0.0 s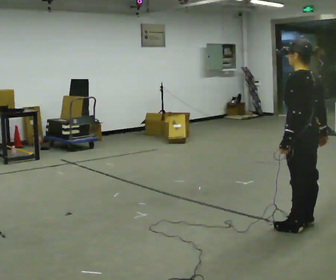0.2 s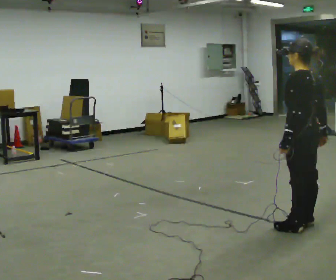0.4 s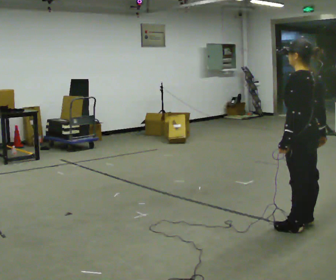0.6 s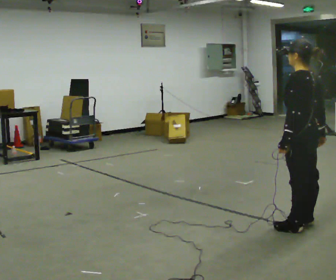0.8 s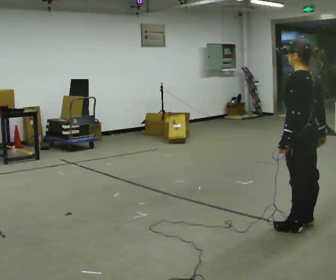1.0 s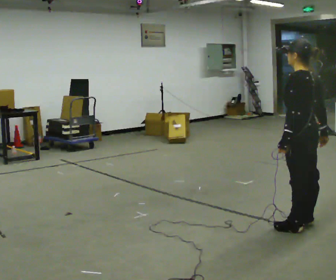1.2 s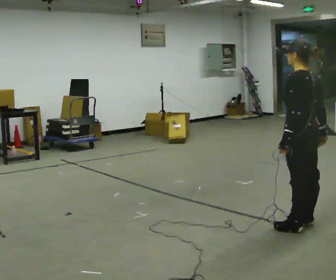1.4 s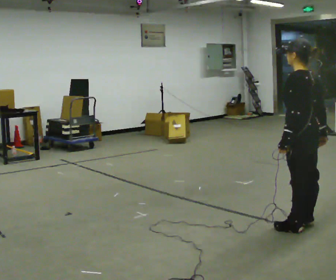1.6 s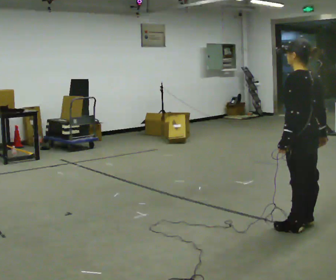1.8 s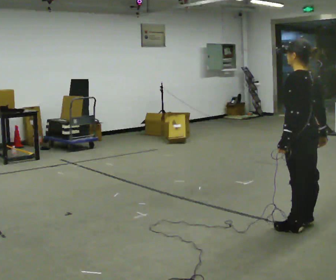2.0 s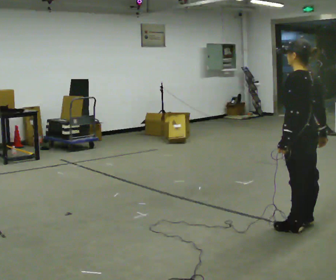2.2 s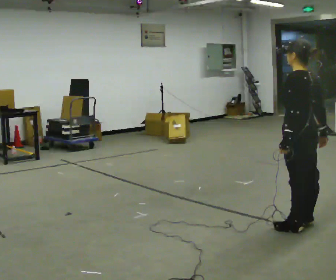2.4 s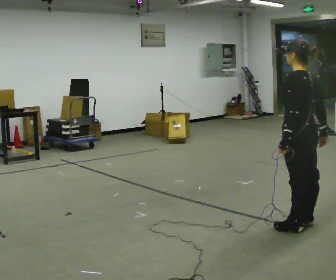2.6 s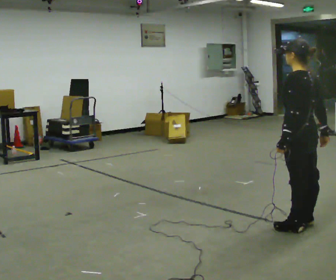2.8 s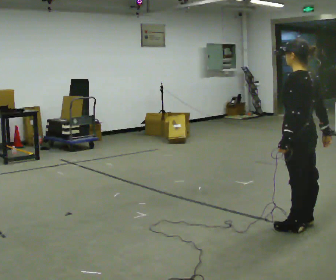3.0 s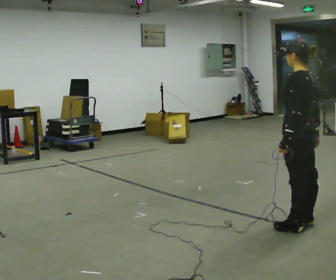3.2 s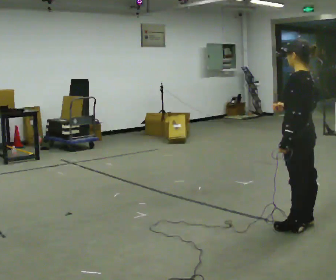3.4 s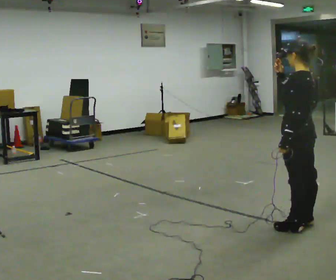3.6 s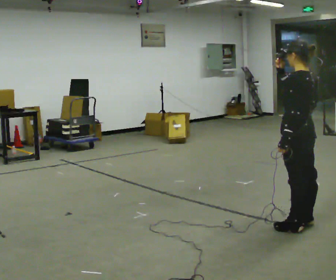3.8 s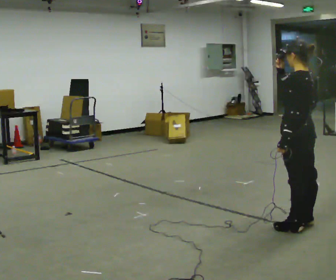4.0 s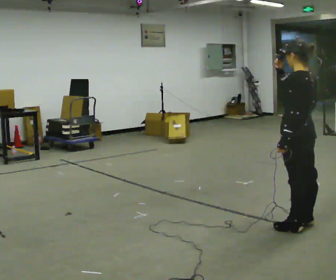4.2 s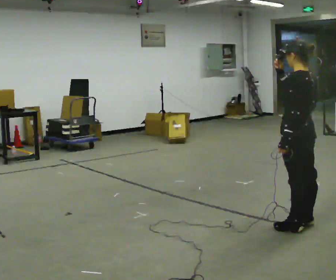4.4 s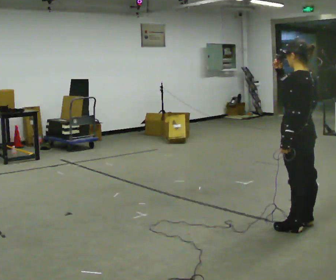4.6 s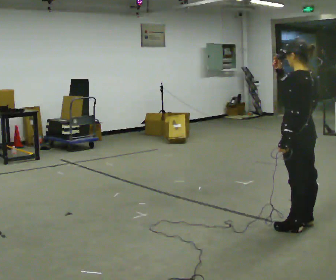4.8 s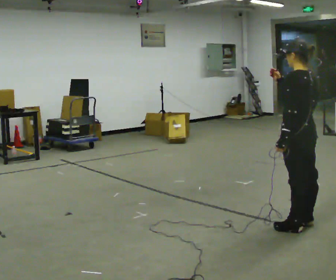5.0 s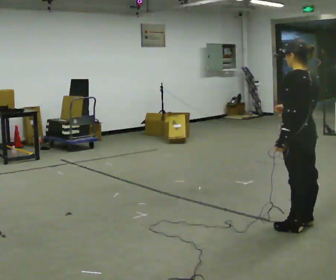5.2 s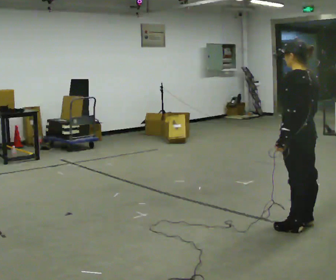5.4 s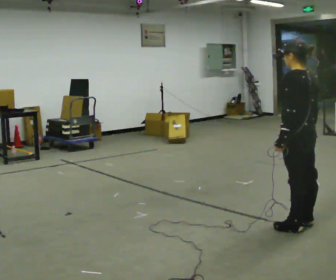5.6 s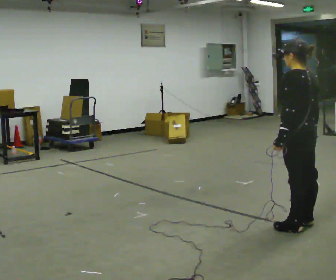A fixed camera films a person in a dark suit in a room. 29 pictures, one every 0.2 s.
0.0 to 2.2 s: The person keeps their place and pose.
2.2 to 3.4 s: In the picture their right hand goes upward and to the left.
3.4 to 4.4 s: The person moves a little, or ends about where they began.
4.4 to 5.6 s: In the picture their right hand goes downward and to the right.
The film runs backward here.
